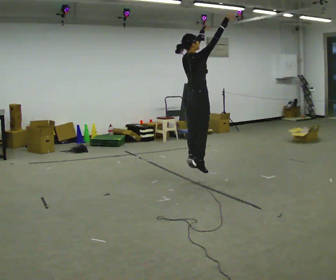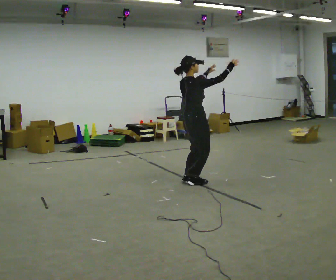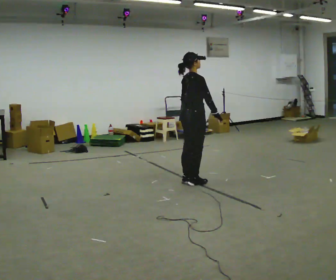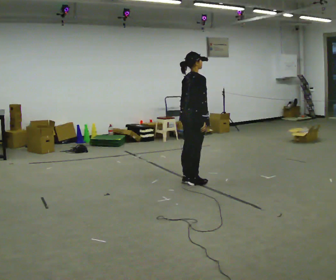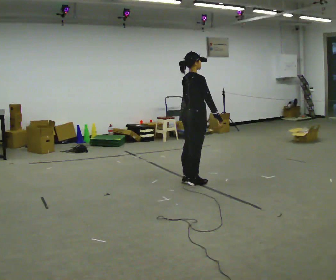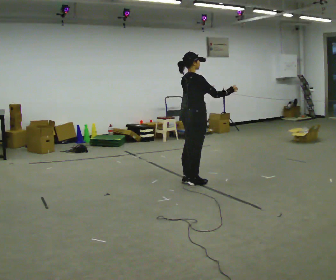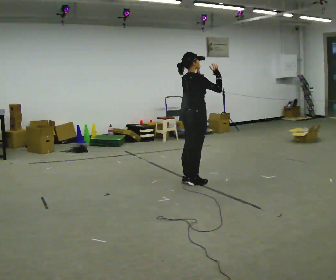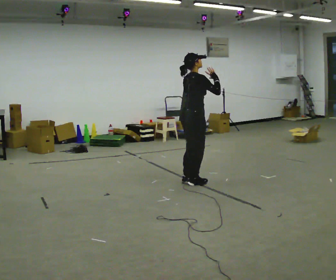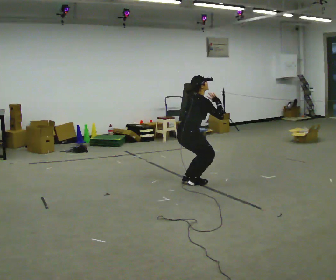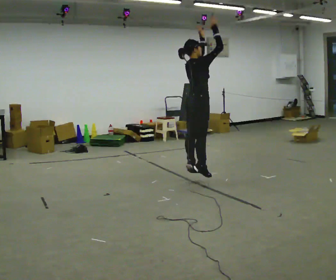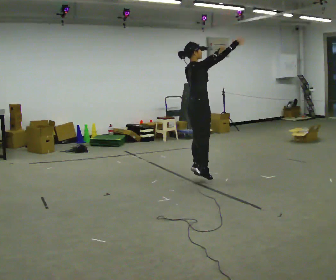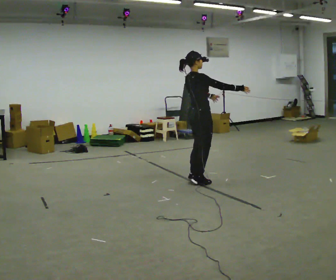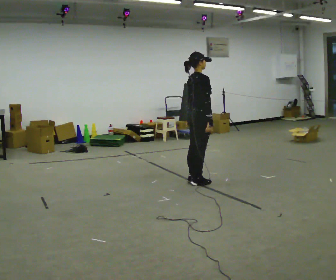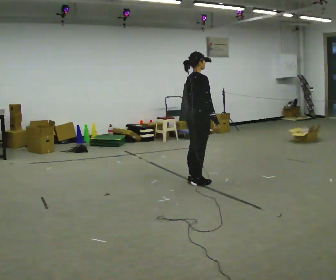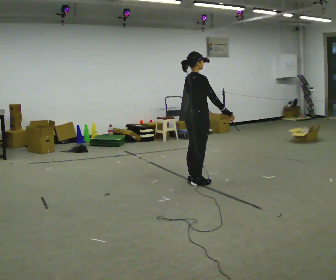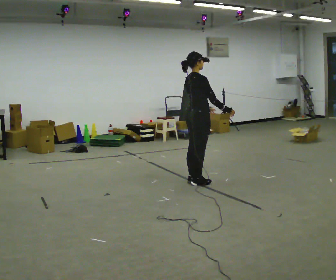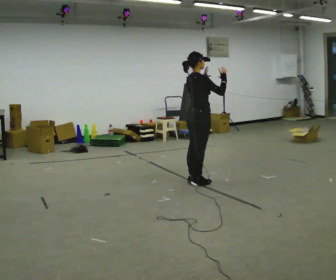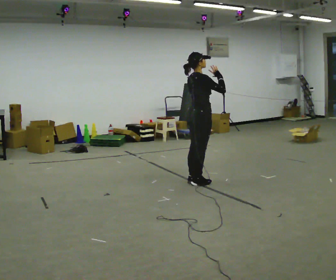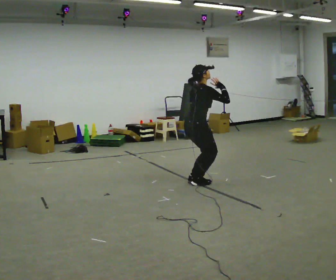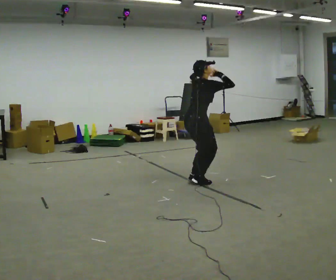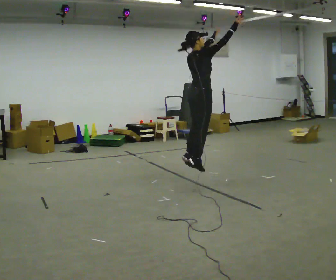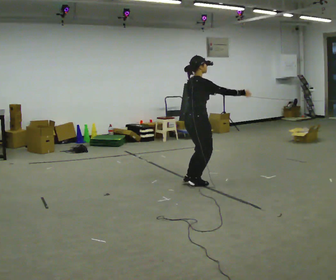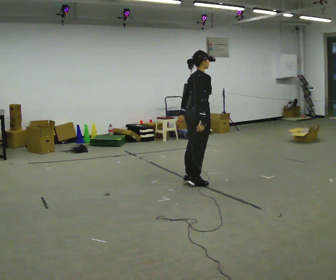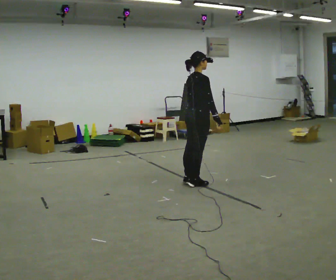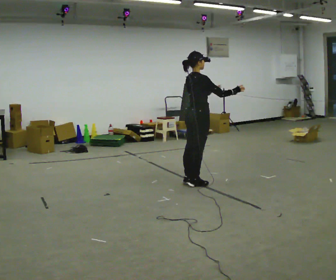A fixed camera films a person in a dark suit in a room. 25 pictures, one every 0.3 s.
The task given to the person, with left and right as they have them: Mime a jump shot with no ball: catch, set, rise and release. Repeat the movement at your own pace until the operator says stop; do not rush.
0.0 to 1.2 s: In the picture their right hand goes downward, the arm swinging clockwise.
1.2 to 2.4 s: The shoulders move downward. In the picture the upper body tilts clockwise, shoulders to the right, as they bend forward.
2.4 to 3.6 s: The person moves a little, or ends about where they began.
3.6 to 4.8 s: In the picture their left hand goes upward.
4.8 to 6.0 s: In the picture their right hand goes upward.
6.0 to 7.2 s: The upper body goes downward. In the picture their right hand goes downward.
The film runs forward here.
